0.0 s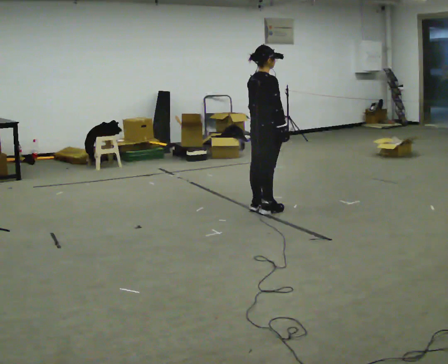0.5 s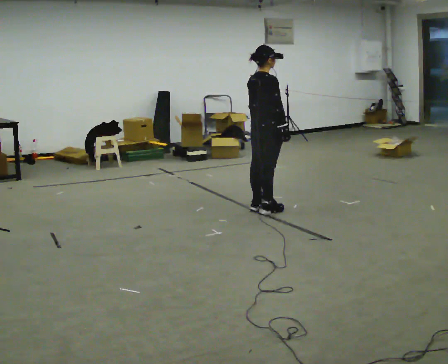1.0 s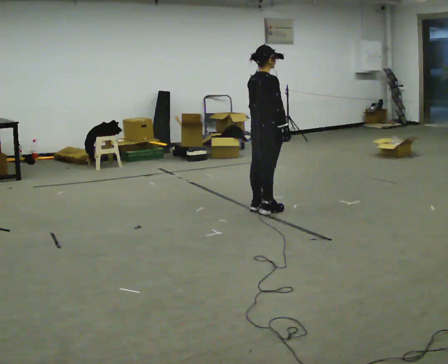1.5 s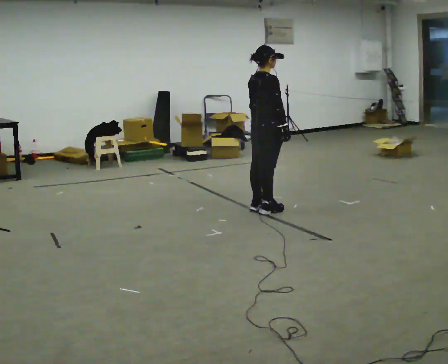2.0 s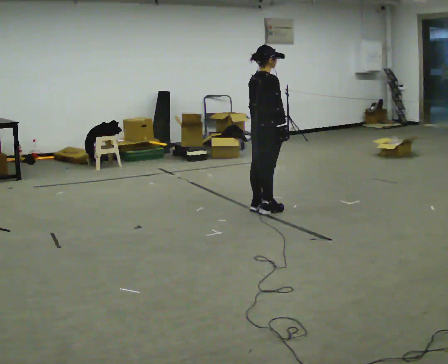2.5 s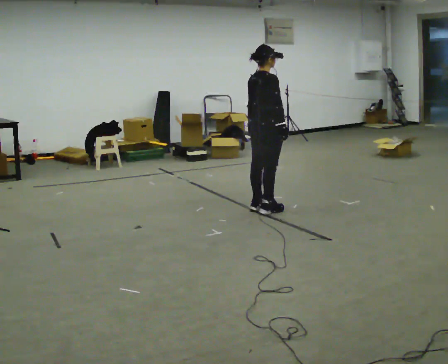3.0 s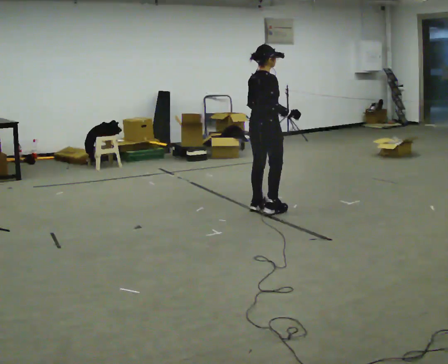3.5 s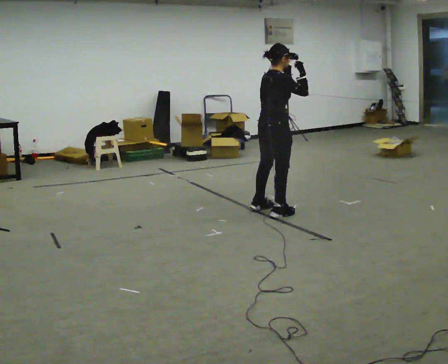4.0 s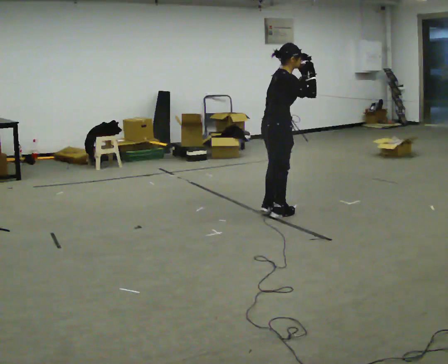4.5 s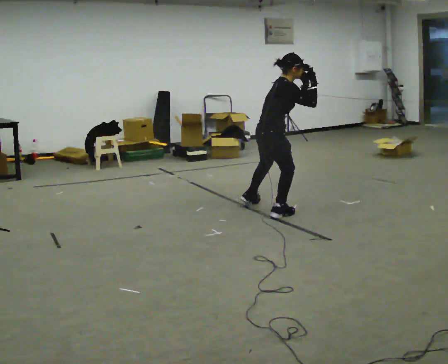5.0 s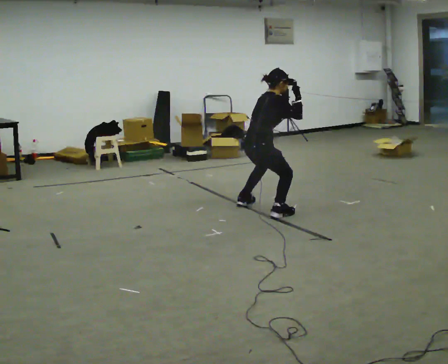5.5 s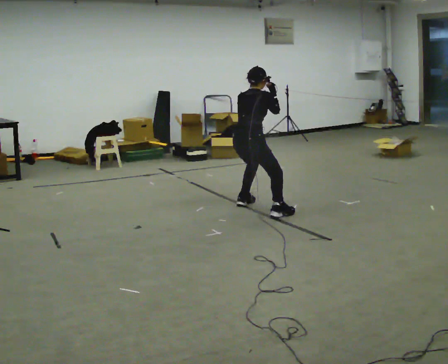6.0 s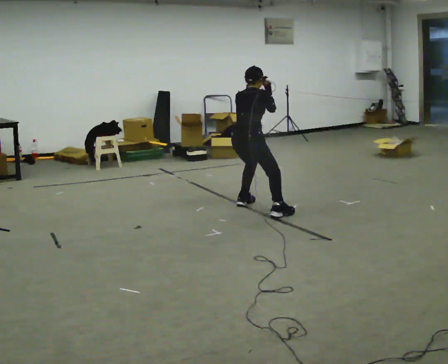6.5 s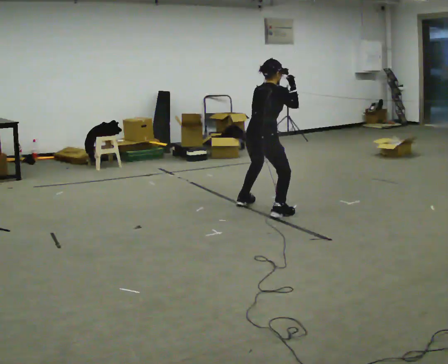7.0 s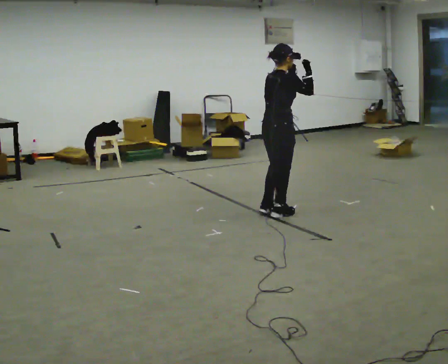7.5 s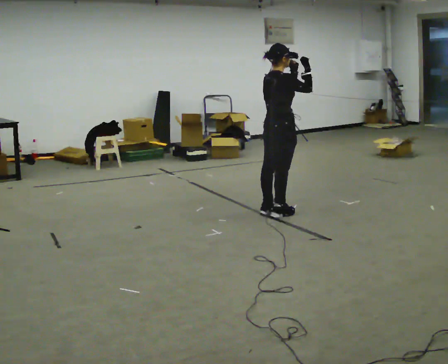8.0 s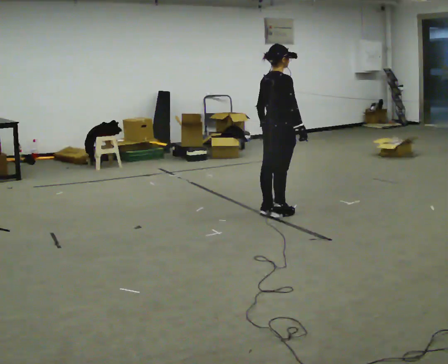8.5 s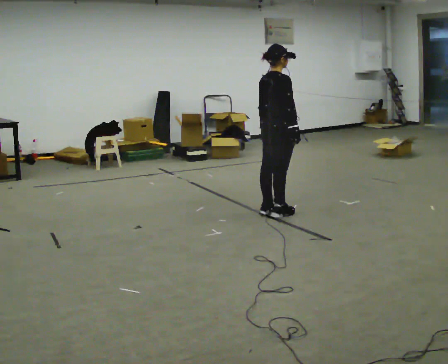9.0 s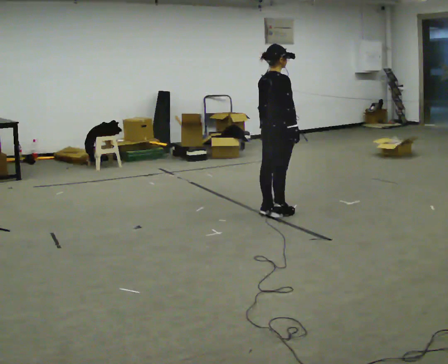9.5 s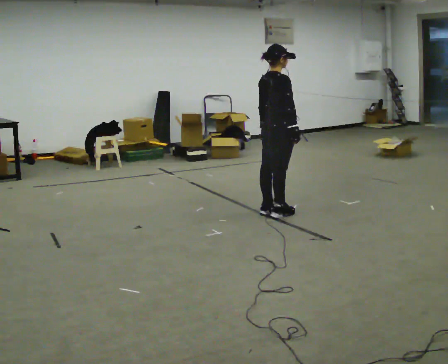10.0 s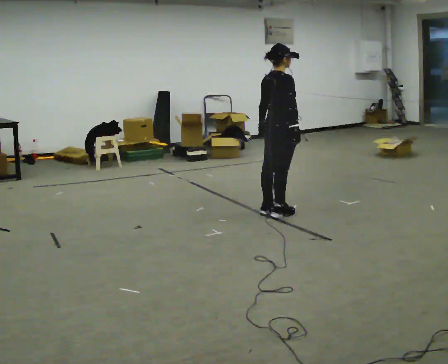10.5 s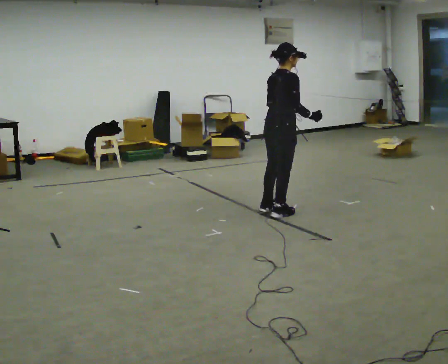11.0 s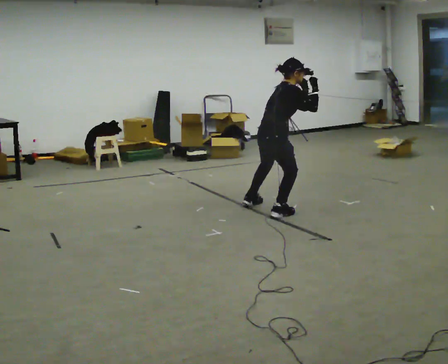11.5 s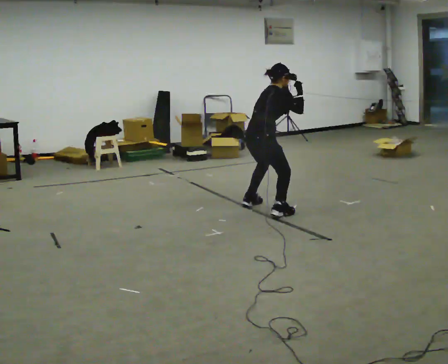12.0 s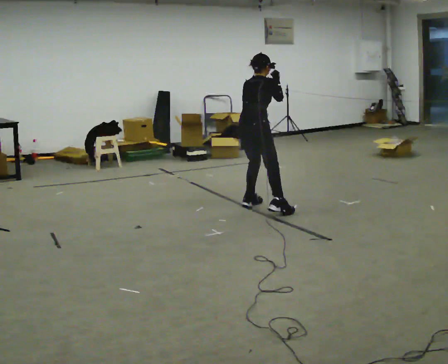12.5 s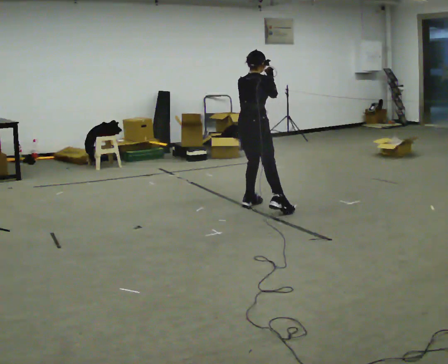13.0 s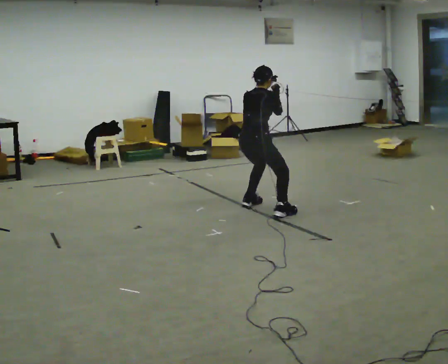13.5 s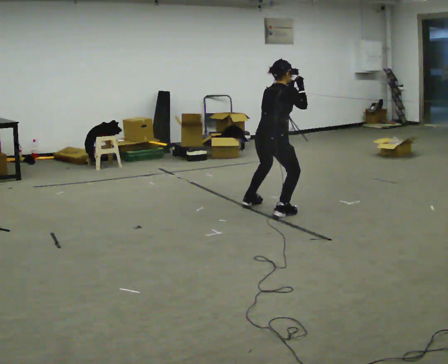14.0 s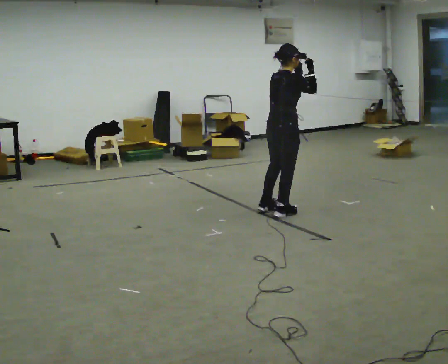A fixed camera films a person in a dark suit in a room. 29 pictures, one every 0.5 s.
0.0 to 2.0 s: The person keeps their place and pose.
2.0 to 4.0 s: In the picture they go toward the camera, about 0.25 m, which for them is to their right. In the picture their left hand goes upward and to the right.
4.0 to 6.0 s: Seen from above the body turns counterclockwise, about 45 degrees: to their left, with its near side sliding to the right. In the picture they go to the left and away from the camera, about 0.25 m in 1 step, which for them is to their left. The upper body tips away from the camera, its near side rolling upward, as they bend forward.
6.0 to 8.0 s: In the picture they go to the right and toward the camera, about 0.25 m in 1 step, which for them is to their right. The upper body goes upward. The upper body tips toward the camera, its near side rolling downward, as they lean back or straighten.
8.0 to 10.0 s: The person moves a little, or ends about where they began.
10.0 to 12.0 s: In the picture they go to the left and away from the camera, about 0.25 m in 1 step, which for them is to their left. The upper body tips away from the camera, its near side rolling upward, as they bend forward. In the picture their right hand goes upward.
12.0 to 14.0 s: In the picture they go to the right and toward the camera, about 0.25 m in 1 step, which for them is to their right.
The film runs backward here.
